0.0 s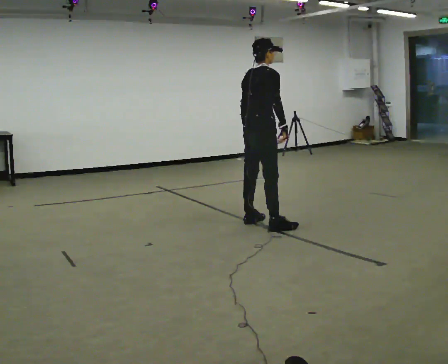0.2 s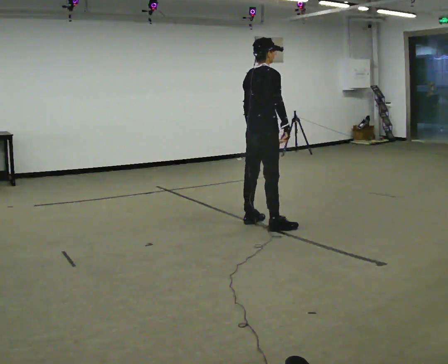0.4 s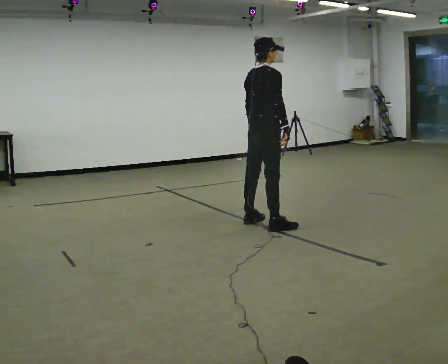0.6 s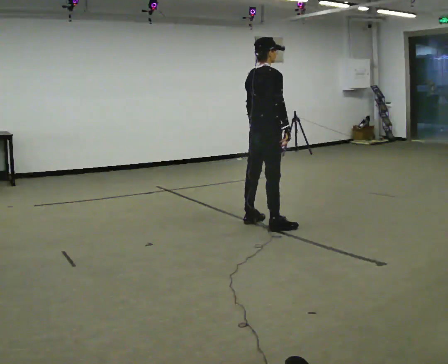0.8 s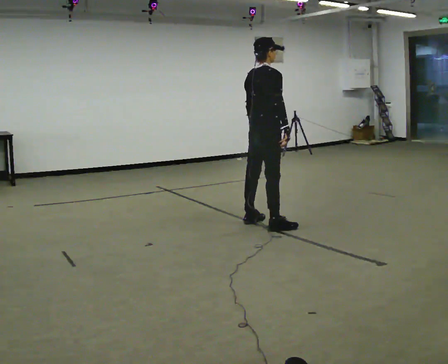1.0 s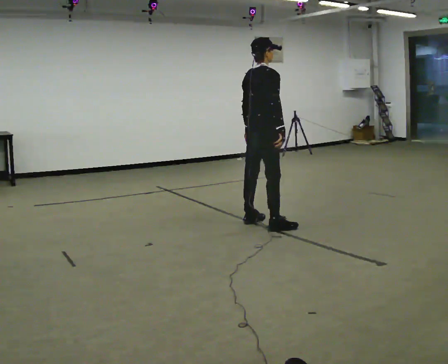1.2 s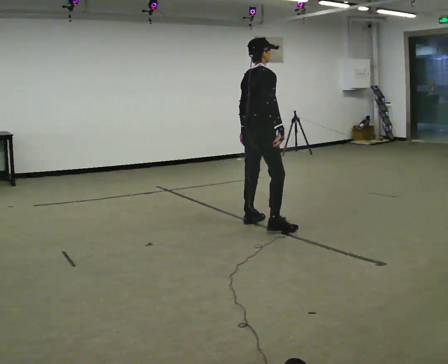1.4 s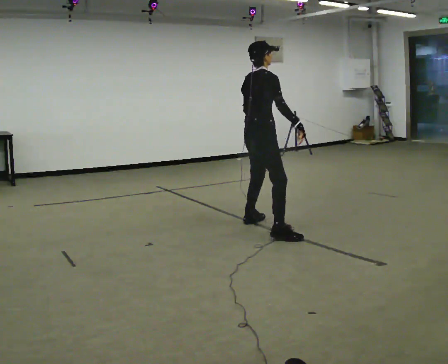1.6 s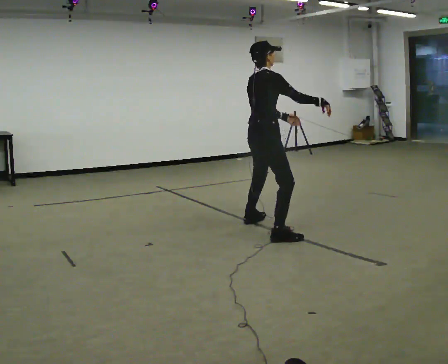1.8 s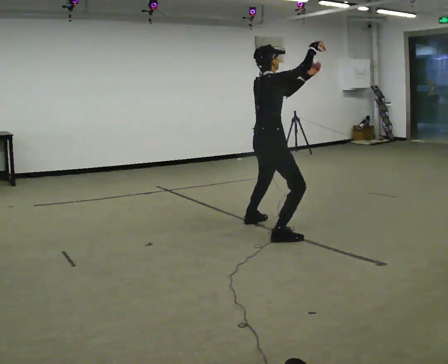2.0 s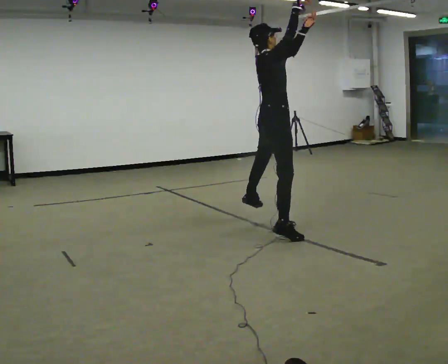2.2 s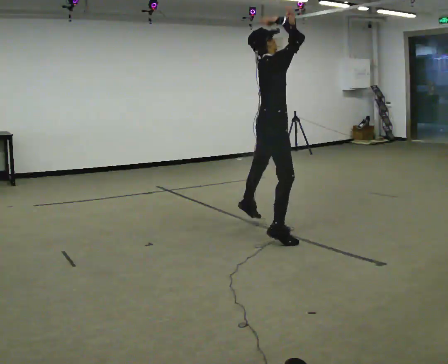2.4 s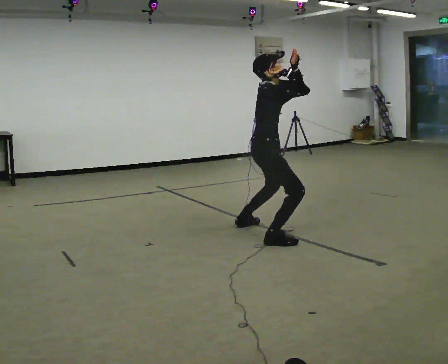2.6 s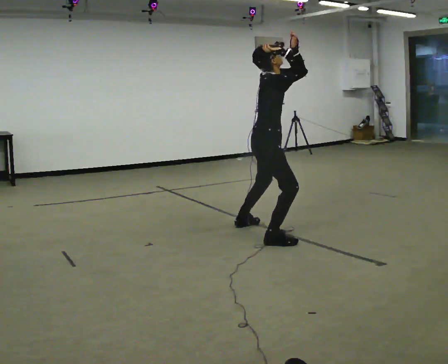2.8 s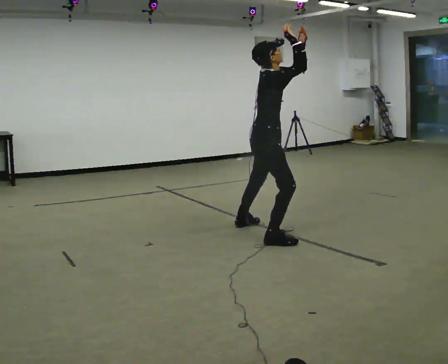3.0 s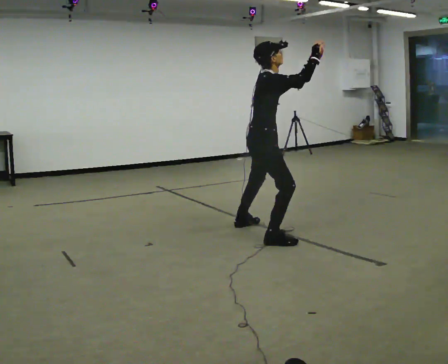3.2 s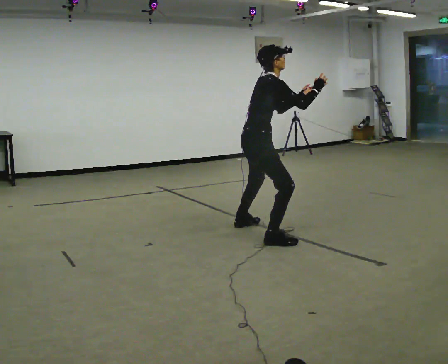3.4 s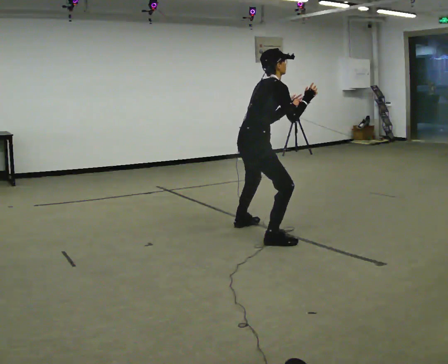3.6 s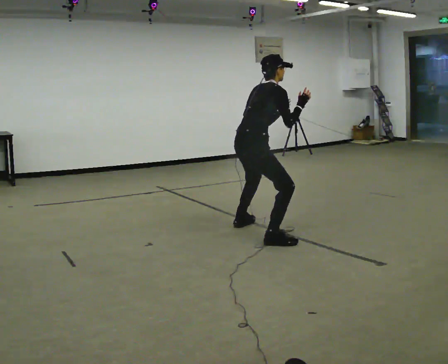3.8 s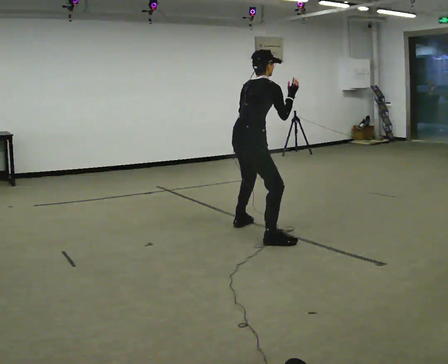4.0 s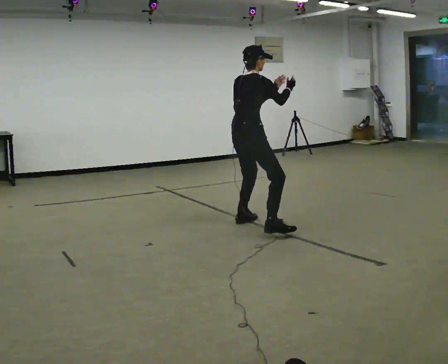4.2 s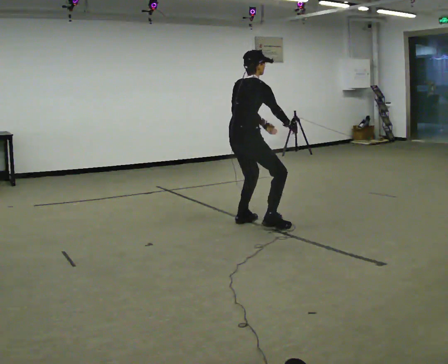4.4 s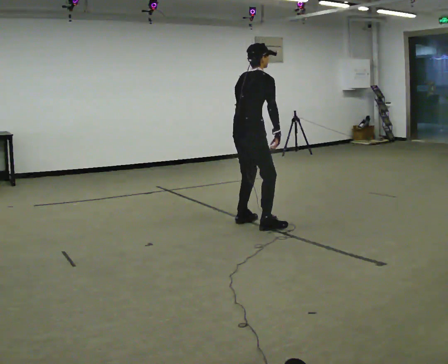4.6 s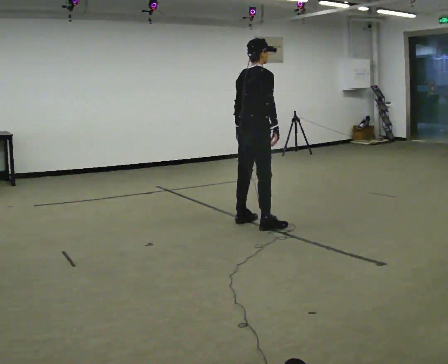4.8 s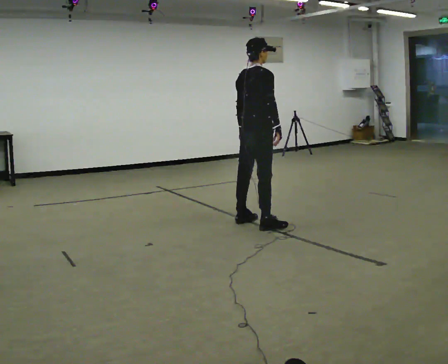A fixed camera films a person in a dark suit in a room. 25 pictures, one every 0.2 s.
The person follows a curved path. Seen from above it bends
clockwise.
0.0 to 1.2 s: The person moves a little, or ends about where they began.
1.2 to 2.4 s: Seen from above the body turns clockwise, about 30 degrees: to their right, with its near side sliding to the left. In the picture they go toward the camera, about 0.25 m, which for them is to their right. In the picture their left hand goes upward.
2.4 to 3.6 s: The person turns about 30 degrees to their left, counterclockwise seen from above, so the part of the body nearest the lens slides to the right. The upper body tips away from the camera, its near side rolling upward, as they bend forward. In the picture their left hand goes downward.
3.6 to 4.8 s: In the picture they go away from the camera, about 0.5 m in 1 step, which for them is forward and to their left. In the picture the upper body tilts counterclockwise, shoulders to the left, as they lean back or straighten.
The film runs backward here.
